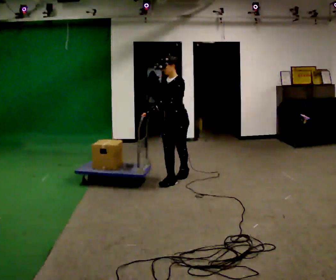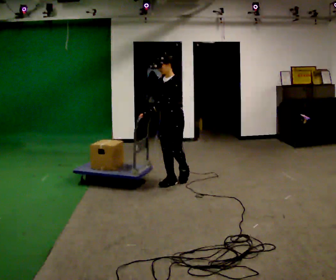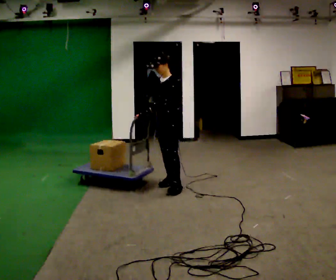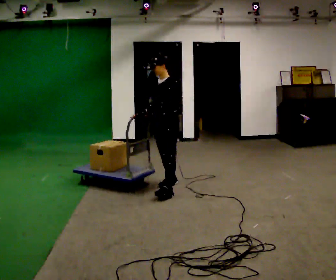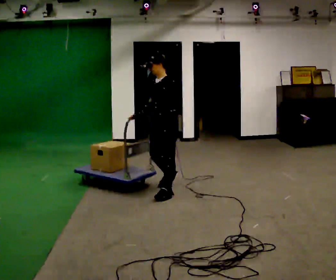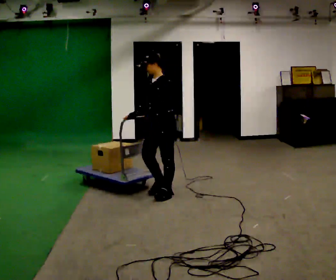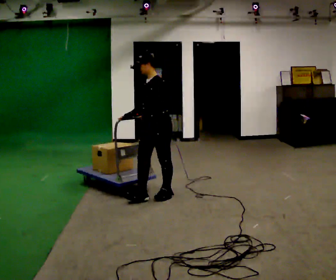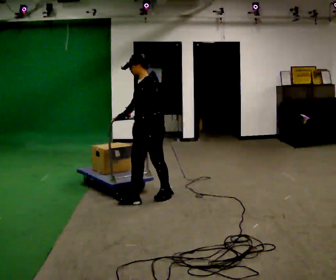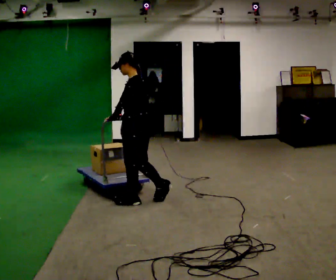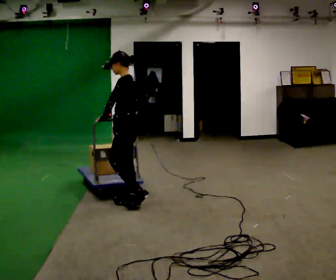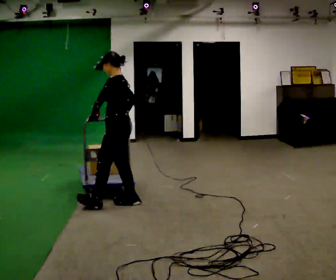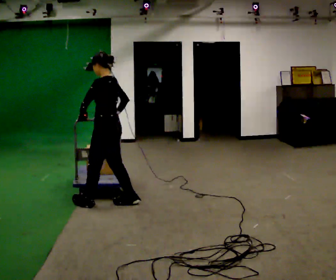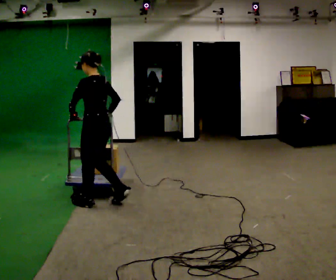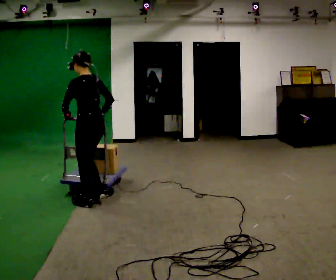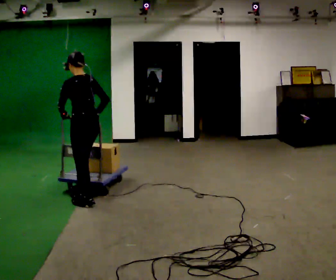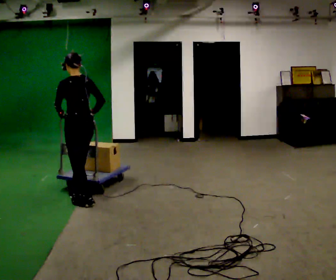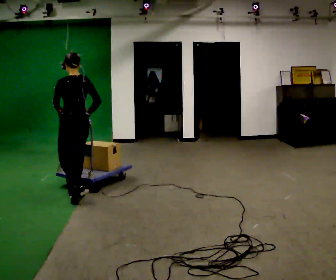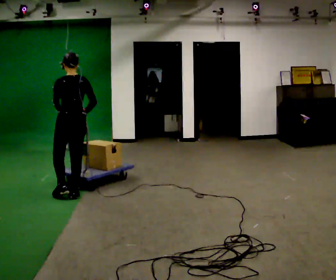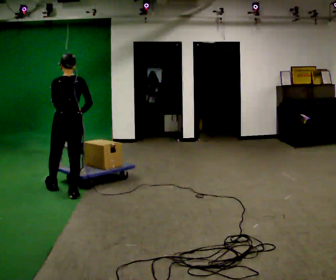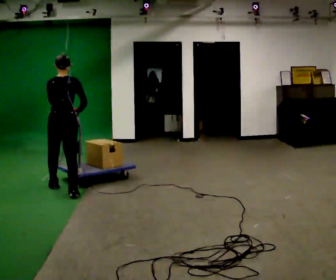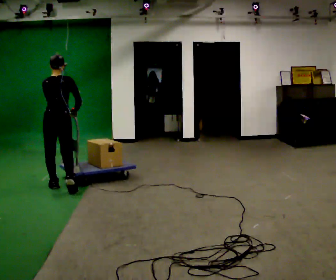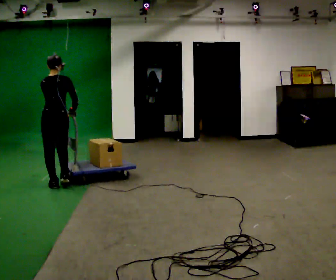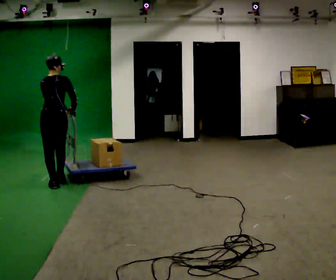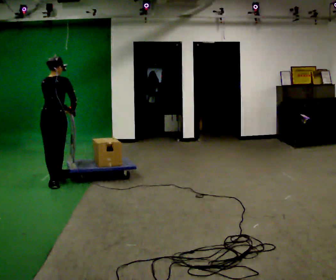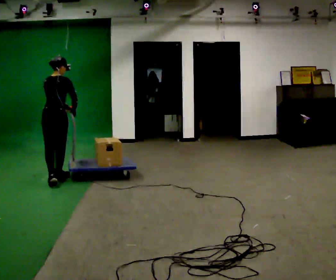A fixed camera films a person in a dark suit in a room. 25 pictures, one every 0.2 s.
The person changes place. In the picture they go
to the left.
The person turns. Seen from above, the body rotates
clockwise.
0.0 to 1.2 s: The part of the body nearest the lens slides to the left as the person turns to their right by about 30 degrees. In the picture they go toward the camera and to the left, about 0.75 m in 1 step, which for them is forward and to their left.
1.2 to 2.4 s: The person turns about 60 degrees to their right, clockwise seen from above, so the part of the body nearest the lens slides to the left. In the picture they go to the left, about 0.75 m in 2 steps, which for them is forward.
2.4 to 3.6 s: The person turns about 45 degrees to their right, clockwise seen from above, so the part of the body nearest the lens slides to the left. In the picture they go away from the camera and to the left, about 0.5 m in 1 step, which for them is forward.
3.6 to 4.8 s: In the picture they go away from the camera, about 0.5 m in 2 steps, which for them is forward.
The film runs forward here.
